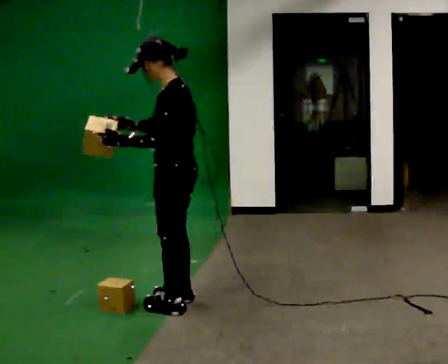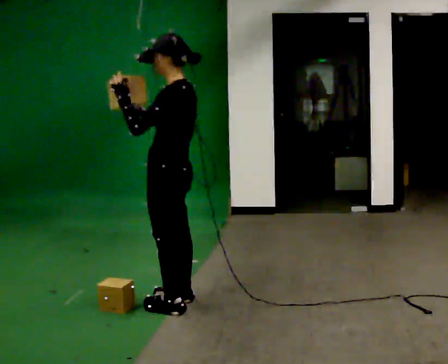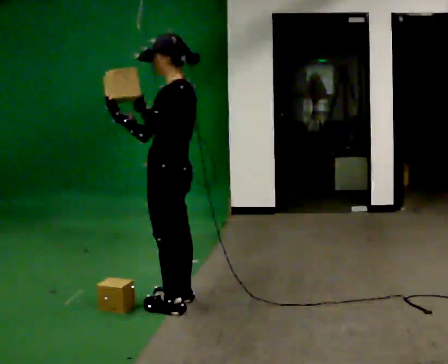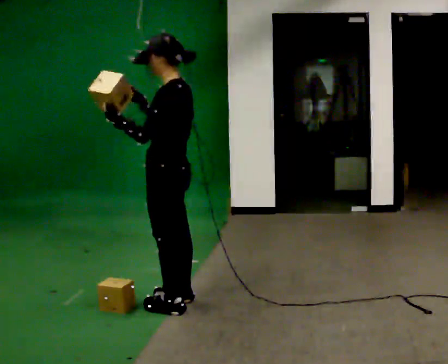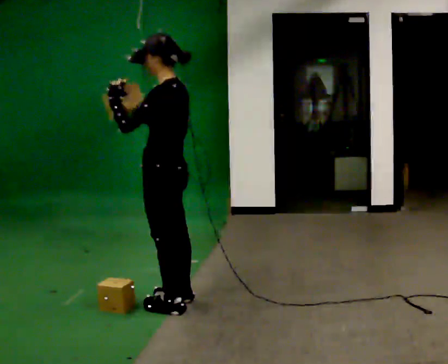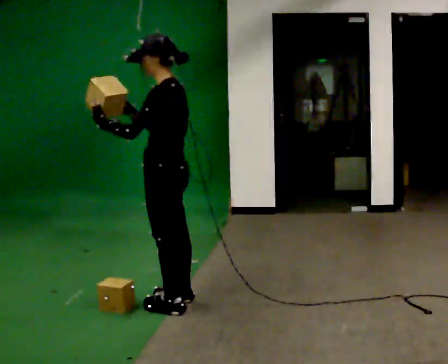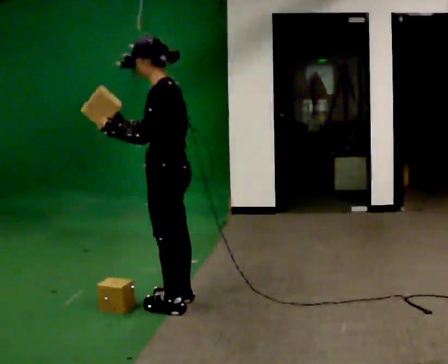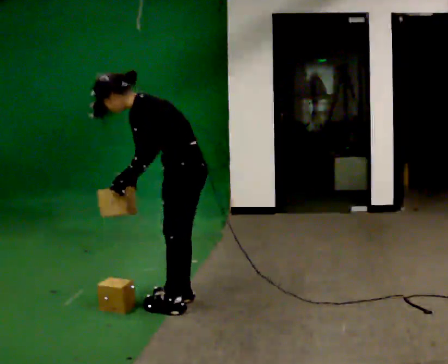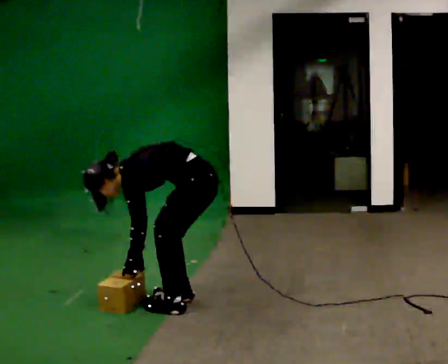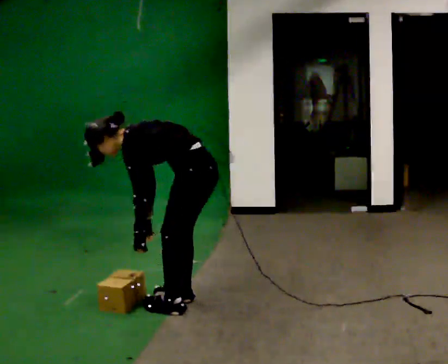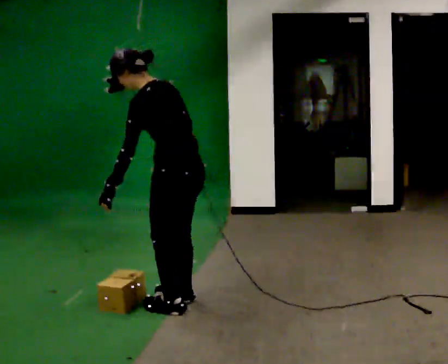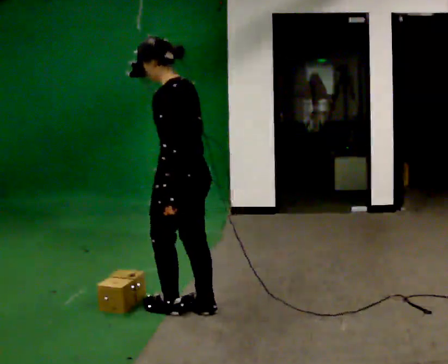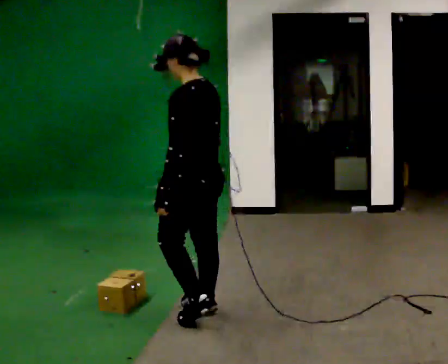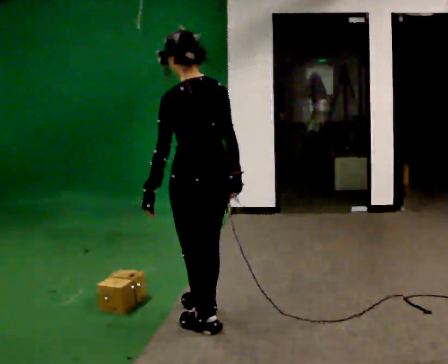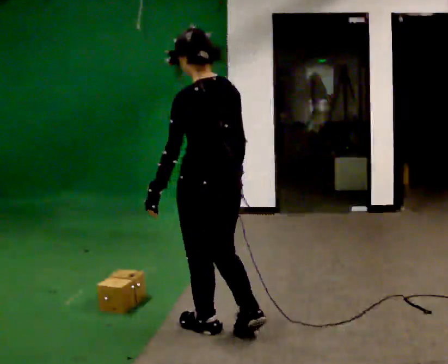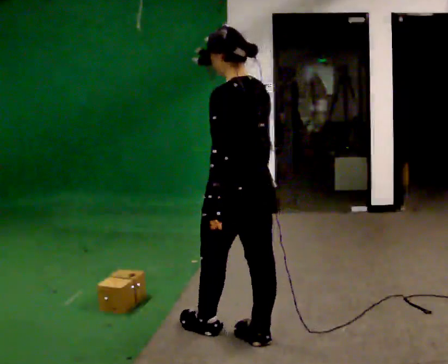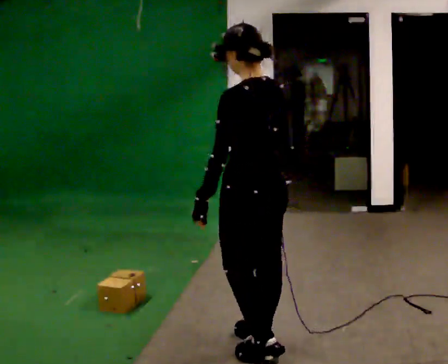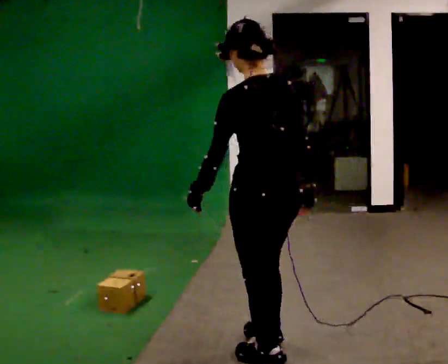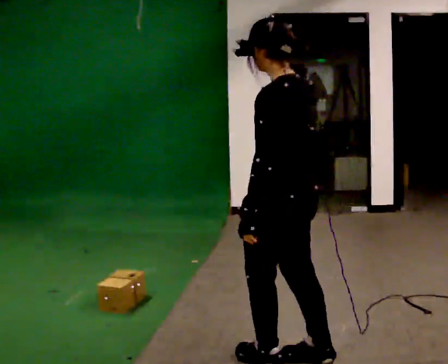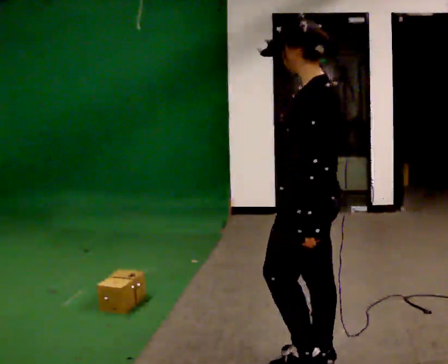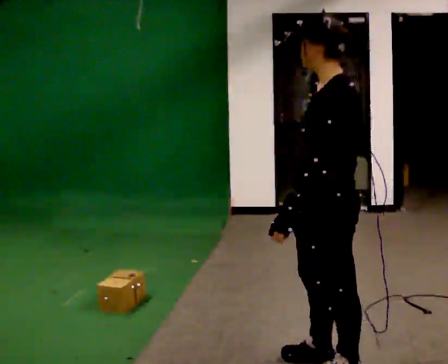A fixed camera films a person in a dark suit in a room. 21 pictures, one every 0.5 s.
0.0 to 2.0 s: The person moves a little, or ends about where they began.
2.0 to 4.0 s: In the picture they go to the right, about 0.25 m, which for them is backward. The shoulders move downward. In the picture the upper body tilts counterclockwise, shoulders to the left, as they bend forward. In the picture their left hand goes downward.
4.0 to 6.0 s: The person turns about 30 degrees to their right, clockwise seen from above, so the part of the body nearest the lens slides to the left. In the picture they go toward the camera, about 0.25 m in 2 steps, which for them is to their left and backward. The upper body goes upward. In the picture the upper body tilts clockwise, shoulders to the right, as they lean back or straighten. In the picture their right hand goes upward and to the right.
6.0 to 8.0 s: In the picture they go toward the camera and to the right, about 0.5 m in 2 steps, which for them is backward.
8.0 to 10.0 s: The part of the body nearest the lens slides to the right as the person turns to their left by about 45 degrees. In the picture they go to the right and toward the camera, about 0.5 m in 2 steps, which for them is backward.
The film runs backward here.
